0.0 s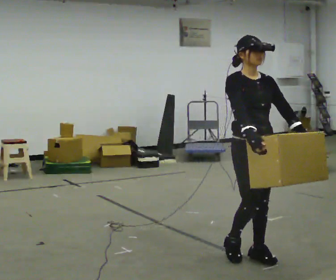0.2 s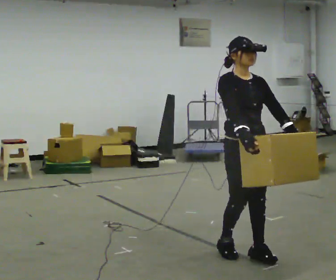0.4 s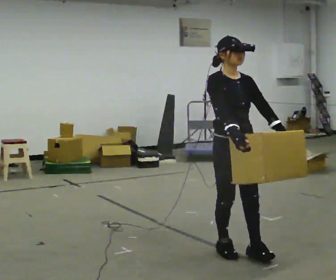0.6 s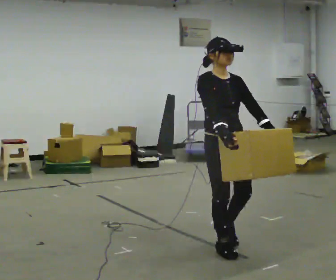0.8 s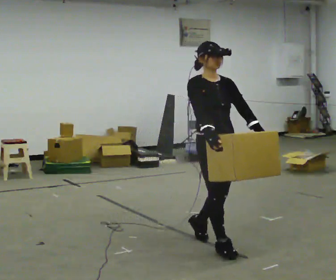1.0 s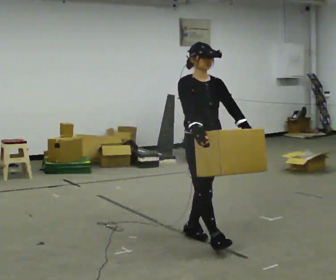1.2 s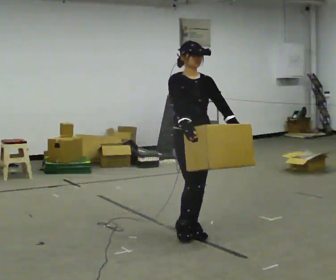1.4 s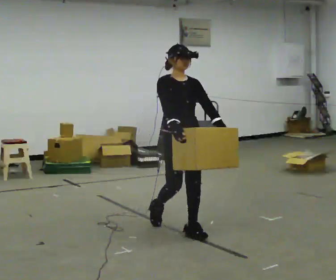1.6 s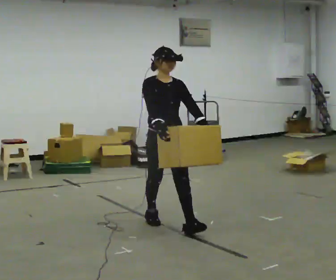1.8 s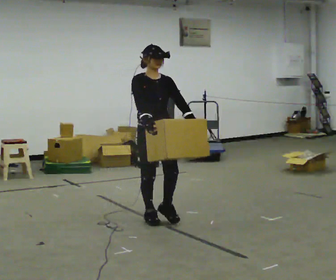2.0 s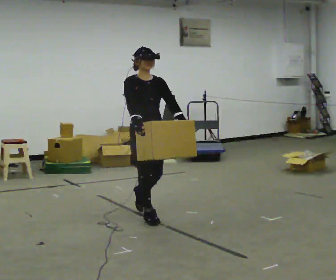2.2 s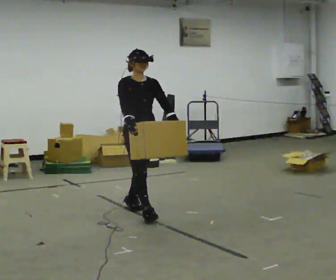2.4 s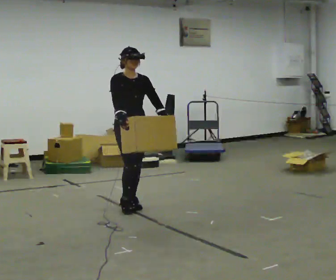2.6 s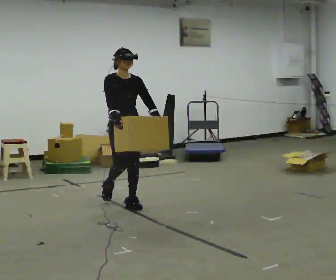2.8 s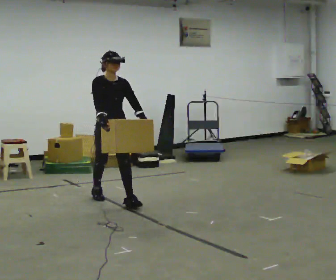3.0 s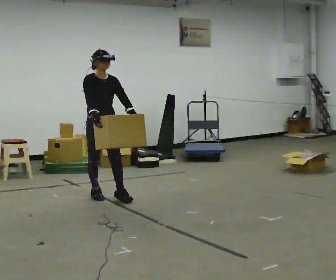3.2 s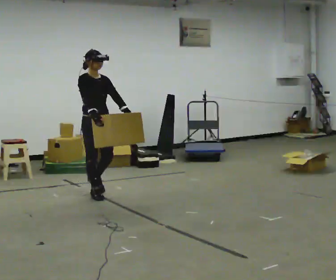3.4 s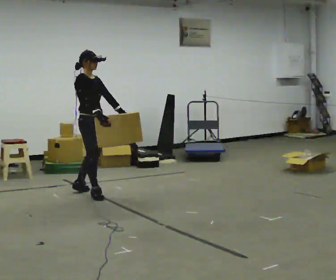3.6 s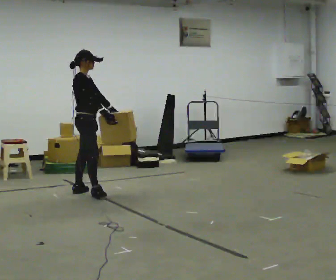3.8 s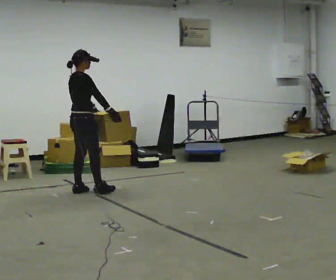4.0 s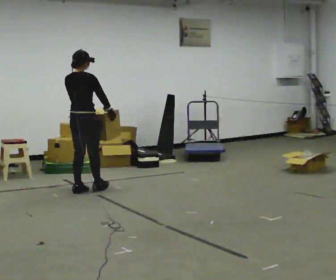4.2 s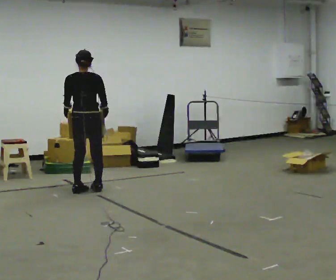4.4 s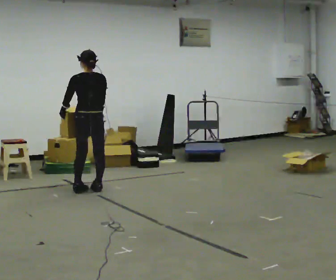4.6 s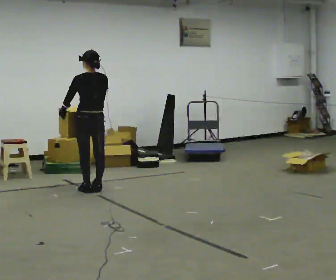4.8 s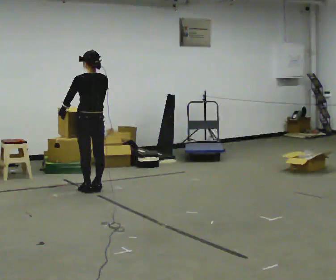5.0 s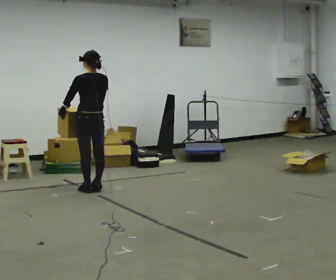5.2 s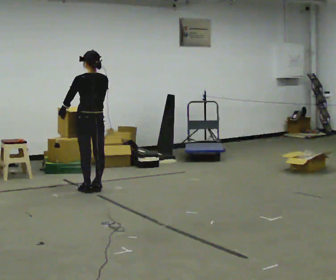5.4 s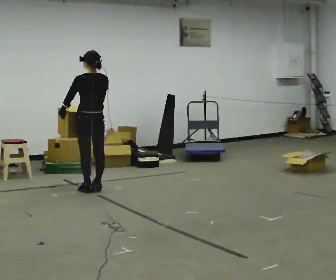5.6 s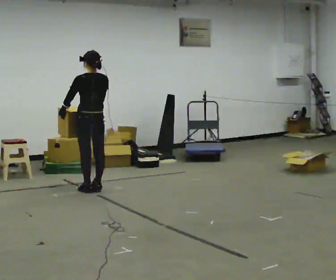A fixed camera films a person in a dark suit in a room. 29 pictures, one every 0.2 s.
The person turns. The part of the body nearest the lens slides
to the right.
Their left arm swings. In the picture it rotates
clockwise.
0.0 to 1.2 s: In the picture they go away from the camera and to the left, about 0.75 m in 2 steps, which for them is backward.
1.2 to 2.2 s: In the picture they go away from the camera and to the left, about 1 m in 2 steps, which for them is backward.
2.2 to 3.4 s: The person turns about 30 degrees to their left, counterclockwise seen from above, so the part of the body nearest the lens slides to the right. In the picture they go away from the camera and to the left, about 1 m in 1 step, which for them is backward.
3.4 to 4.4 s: The person turns about 135 degrees to their left, counterclockwise seen from above, so the part of the body nearest the lens slides to the right. In the picture they go away from the camera, about 0.25 m in 1 step.
4.4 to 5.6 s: The person moves a little, or ends about where they began.
The film runs backward here.
